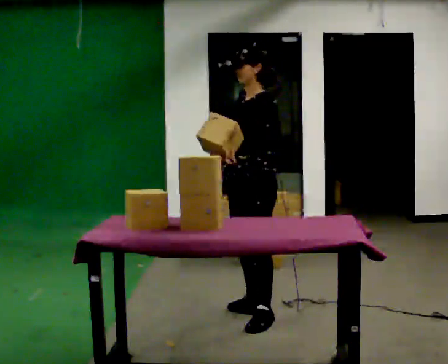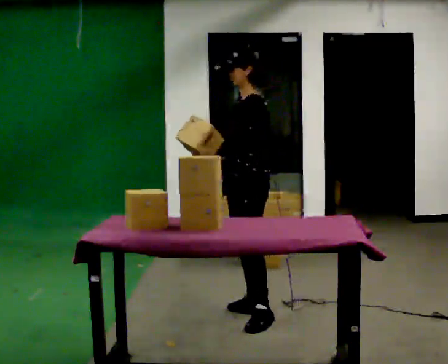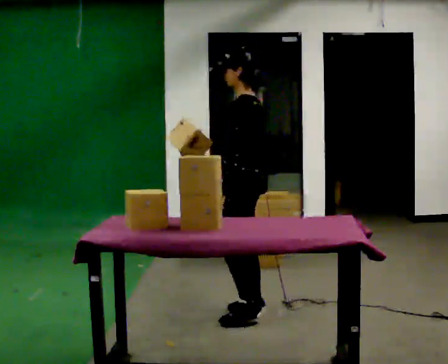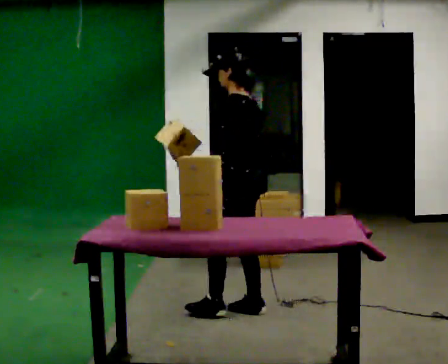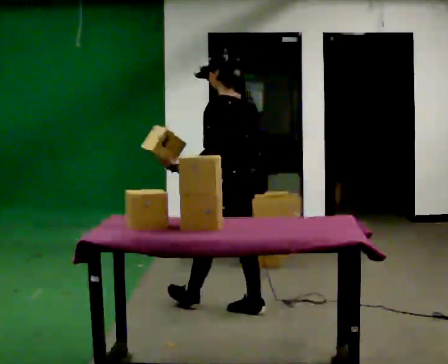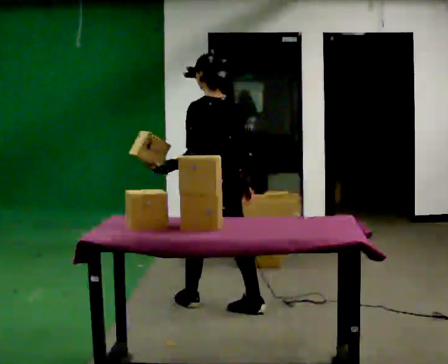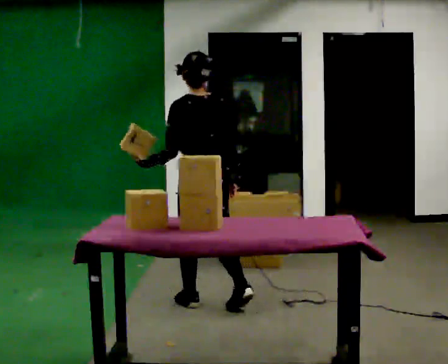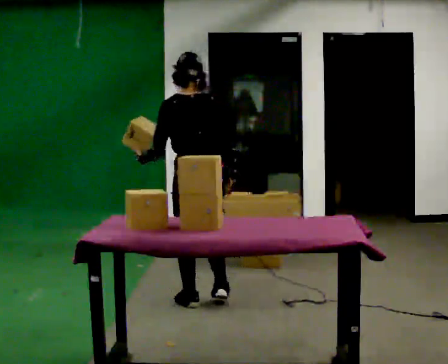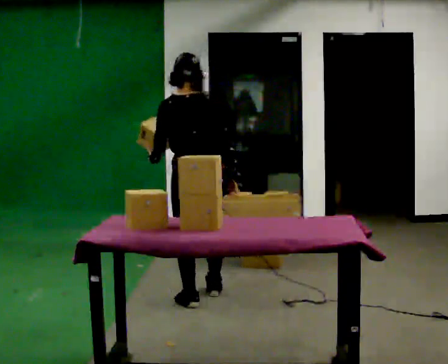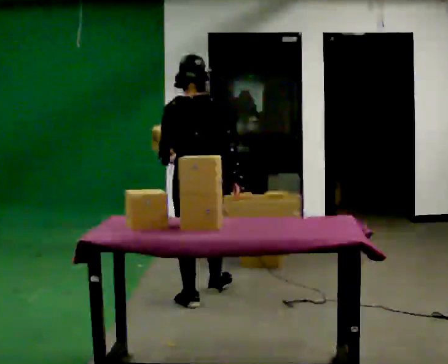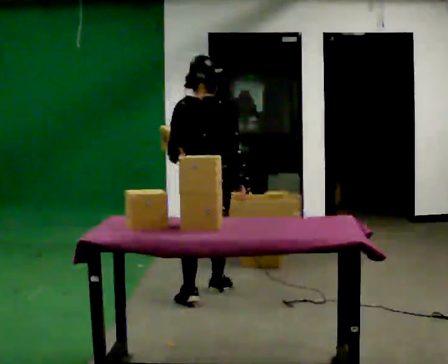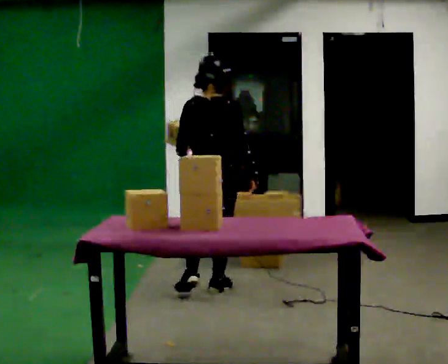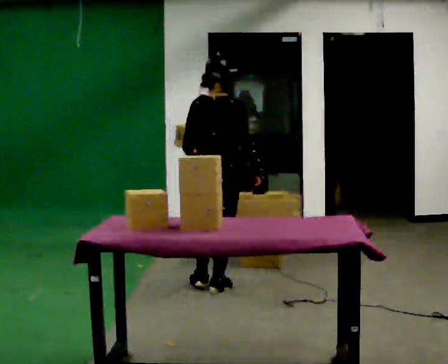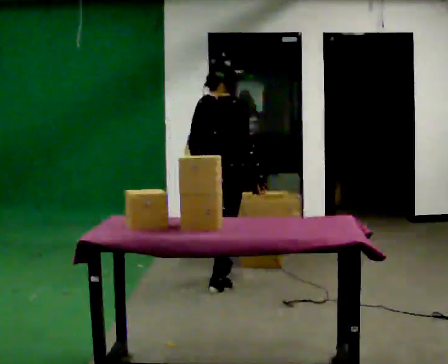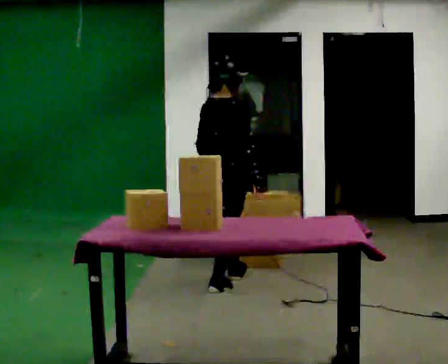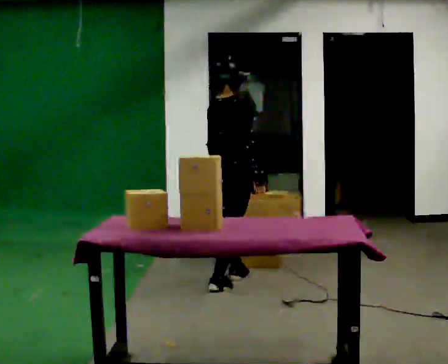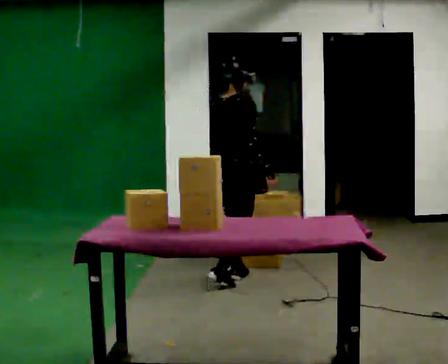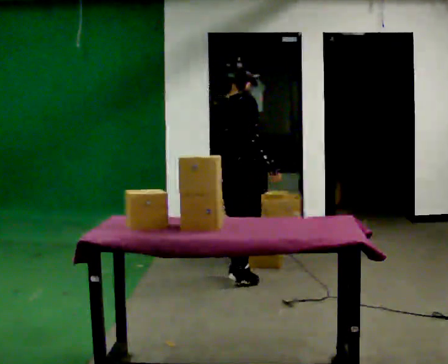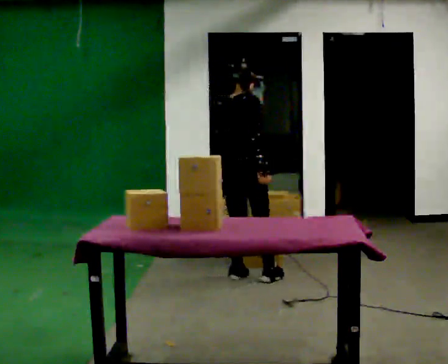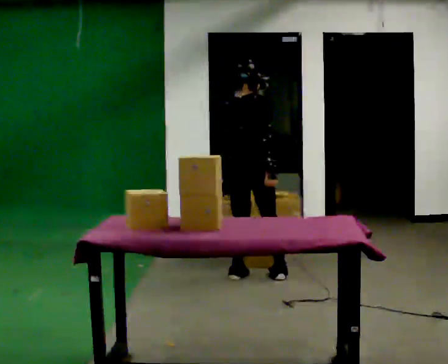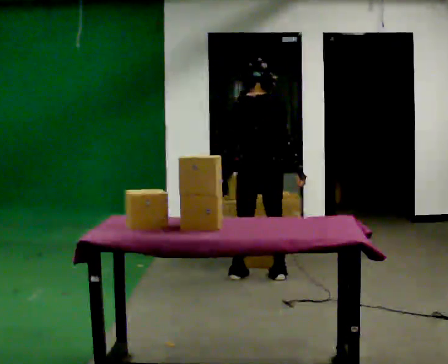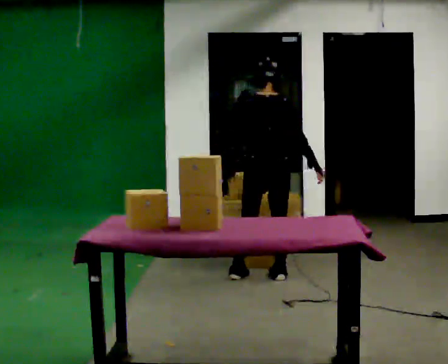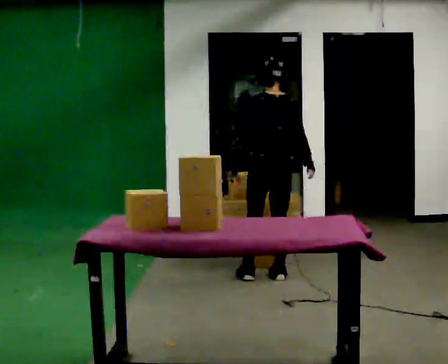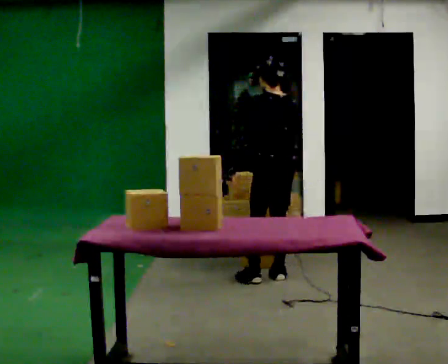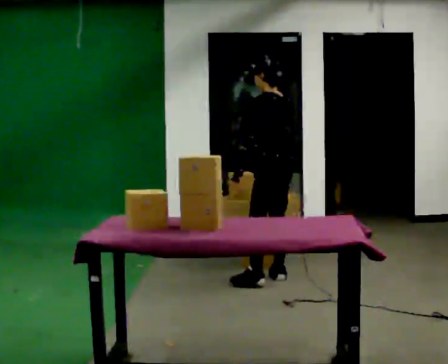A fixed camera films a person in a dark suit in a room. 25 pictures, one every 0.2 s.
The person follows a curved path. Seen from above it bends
clockwise.
The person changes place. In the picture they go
away from the camera.
0.0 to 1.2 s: Seen from above the body turns clockwise, about 90 degrees: to their right, with its near side sliding to the left. In the picture they go to the left and away from the camera, about 0.5 m in 1 step.
1.2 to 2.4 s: The part of the body nearest the lens slides to the left as the person turns to their right by about 45 degrees. In the picture they go away from the camera, about 0.5 m in 1 step, which for them is forward.
2.4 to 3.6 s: The person turns about 30 degrees to their right, clockwise seen from above, so the part of the body nearest the lens slides to the left. In the picture they go away from the camera and to the right, about 0.5 m in 1 step, which for them is forward and to their left.
3.6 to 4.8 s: The part of the body nearest the lens slides to the right as the person turns to their left by about 105 degrees. In the picture they go to the right, about 0.25 m in 2 steps.
The film runs forward here.
